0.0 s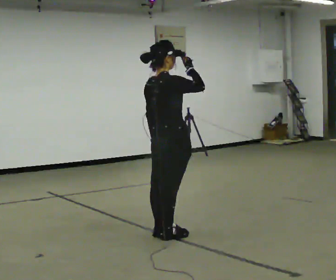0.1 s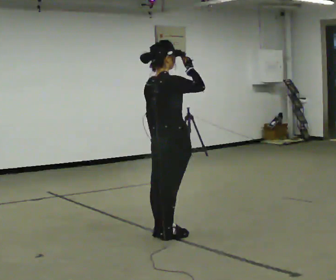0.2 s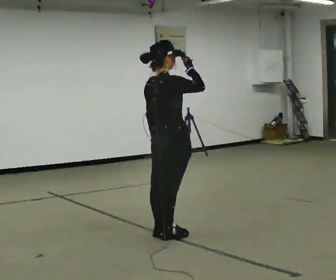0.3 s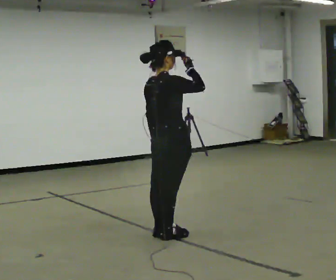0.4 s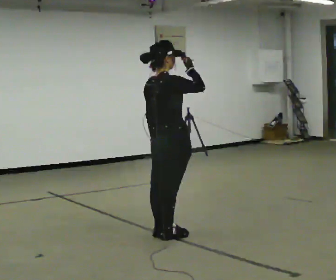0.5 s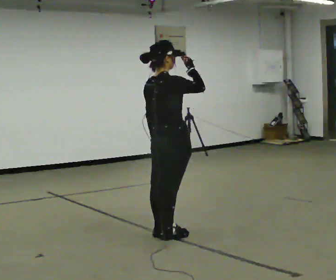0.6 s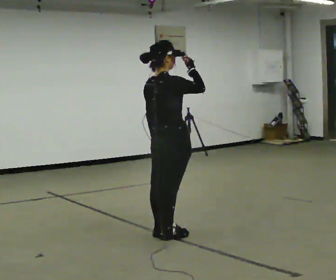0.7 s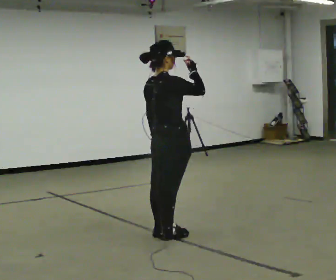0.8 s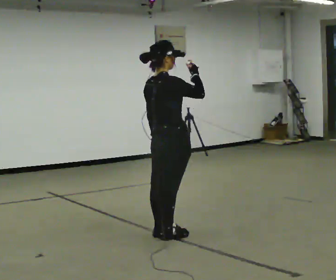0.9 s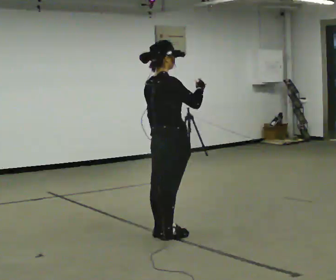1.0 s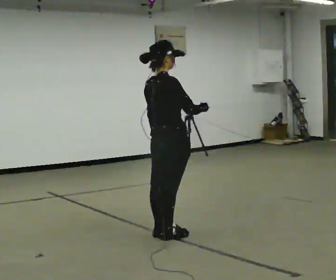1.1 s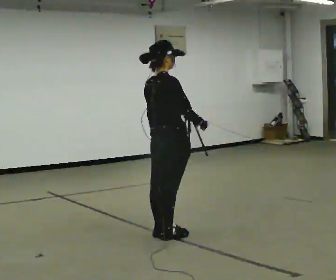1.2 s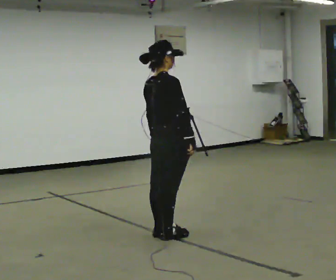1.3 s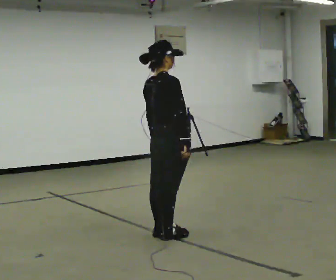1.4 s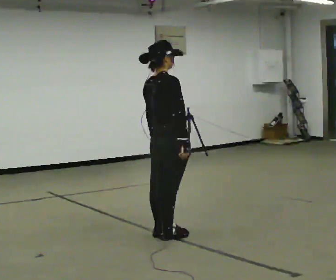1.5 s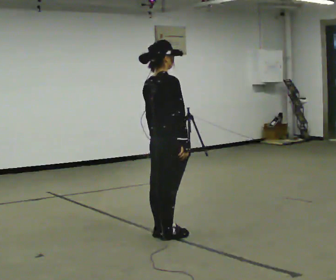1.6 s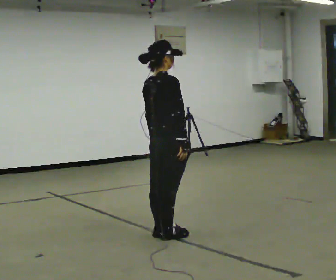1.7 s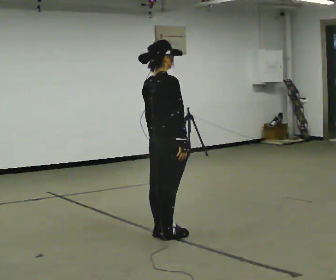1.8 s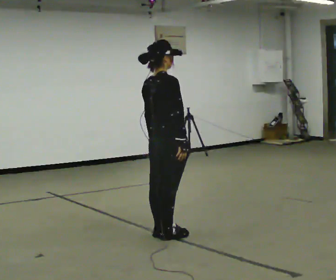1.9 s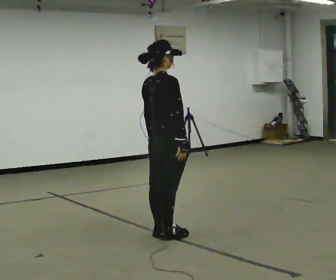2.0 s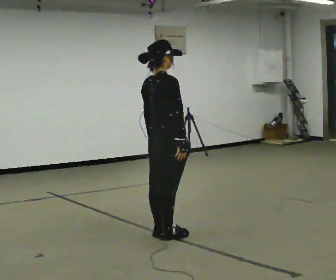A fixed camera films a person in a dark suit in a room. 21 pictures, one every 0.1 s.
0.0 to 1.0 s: The person moves a little, or ends about where they began.
1.0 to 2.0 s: In the picture their right hand goes downward, the arm swinging clockwise.
The film runs backward here.
